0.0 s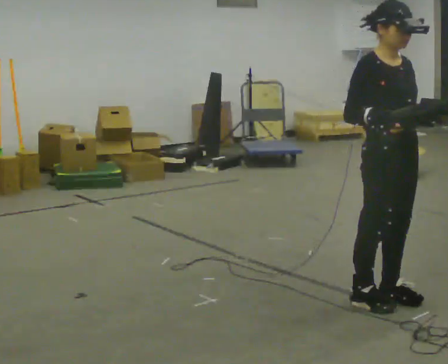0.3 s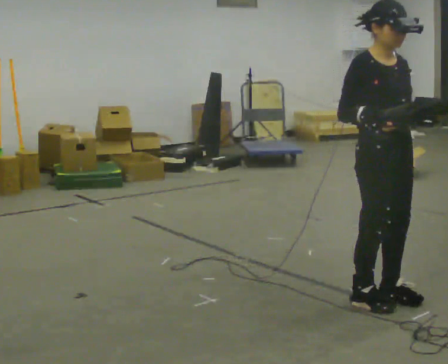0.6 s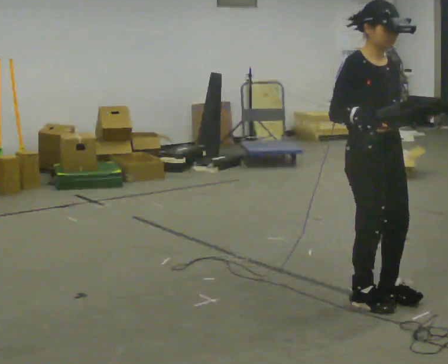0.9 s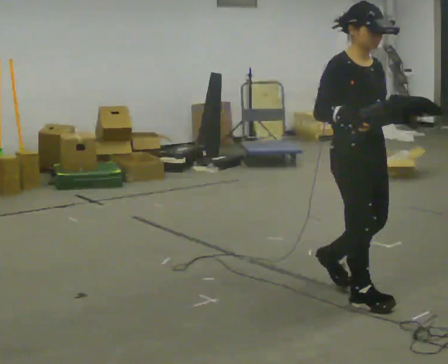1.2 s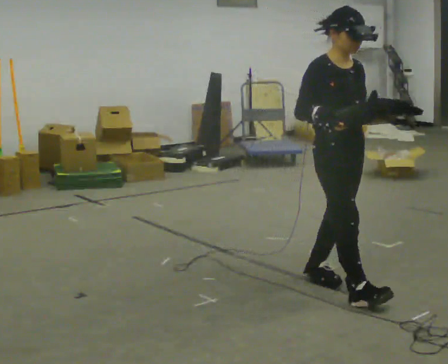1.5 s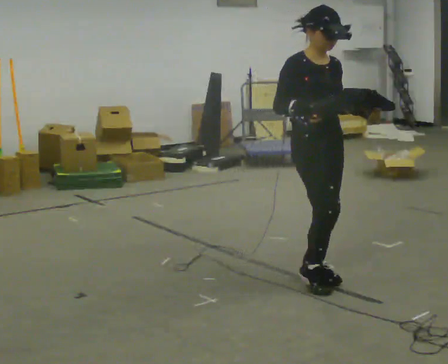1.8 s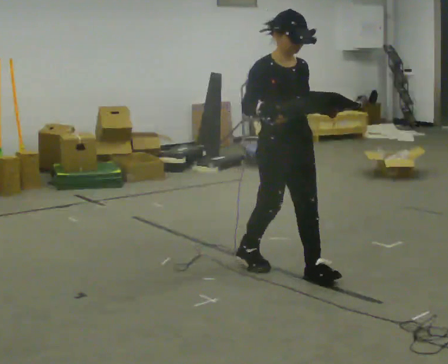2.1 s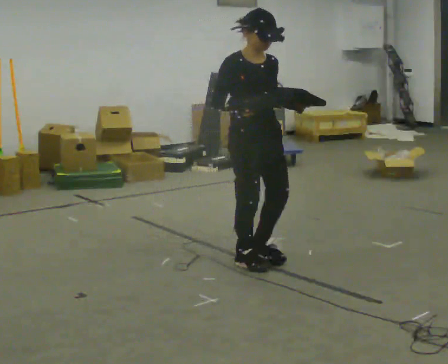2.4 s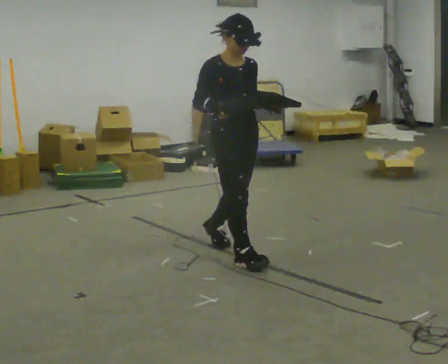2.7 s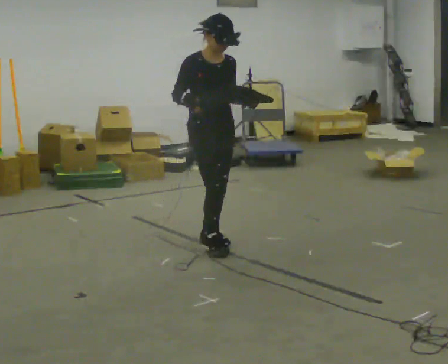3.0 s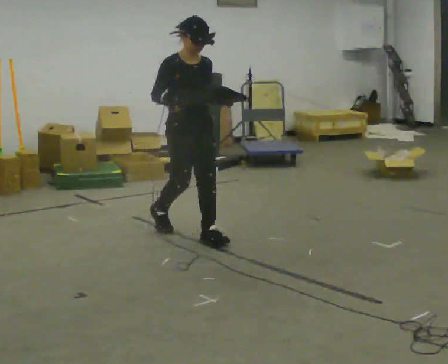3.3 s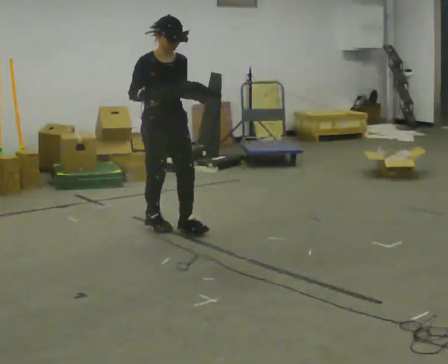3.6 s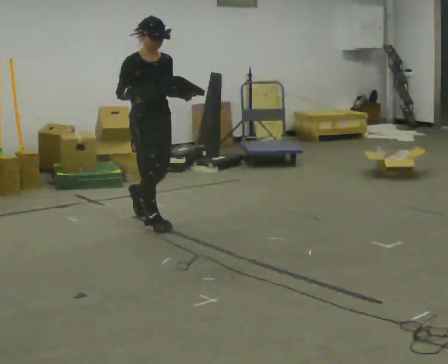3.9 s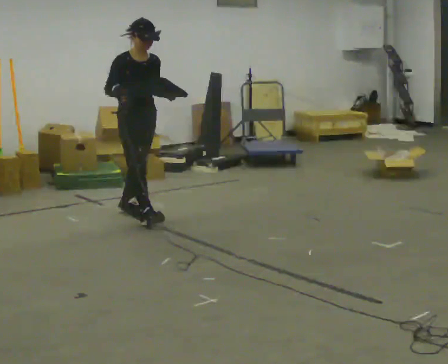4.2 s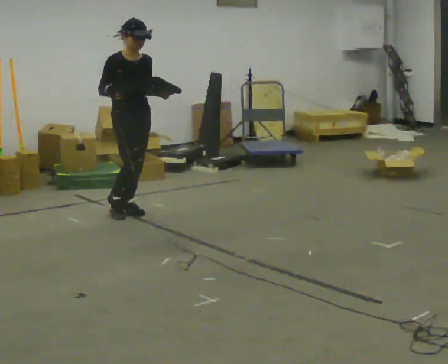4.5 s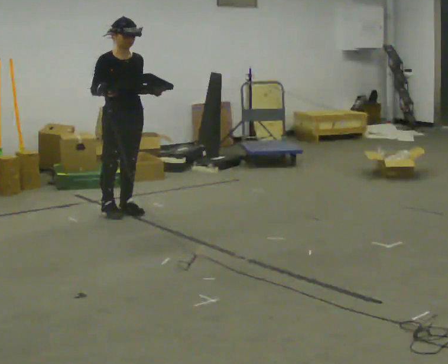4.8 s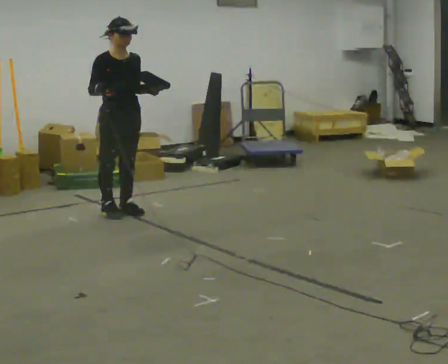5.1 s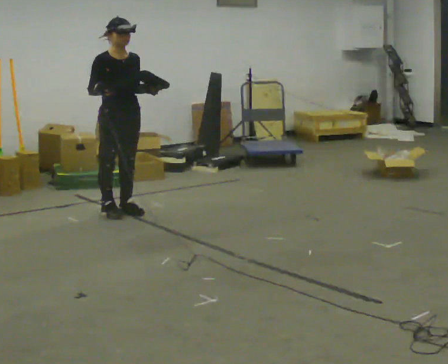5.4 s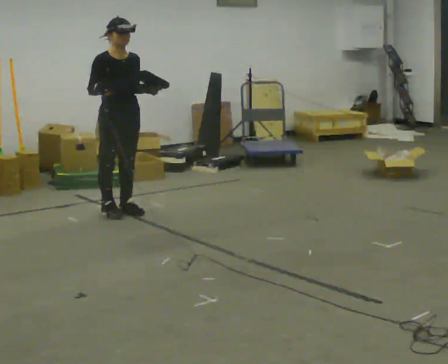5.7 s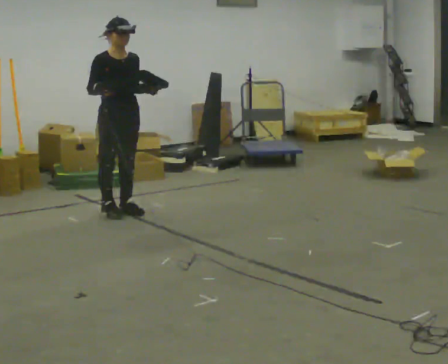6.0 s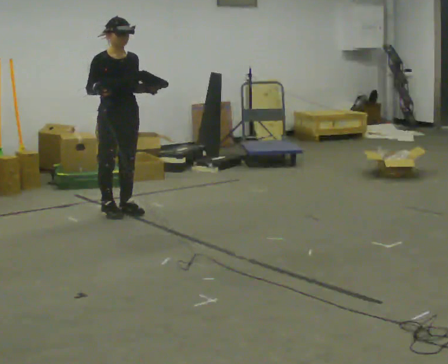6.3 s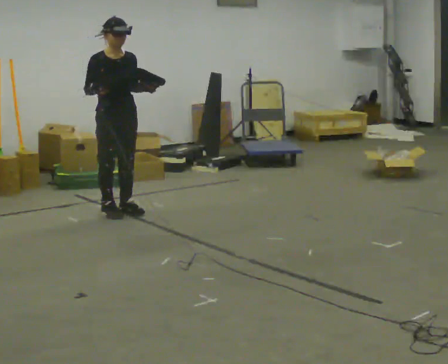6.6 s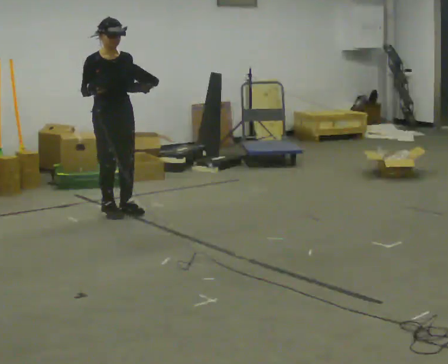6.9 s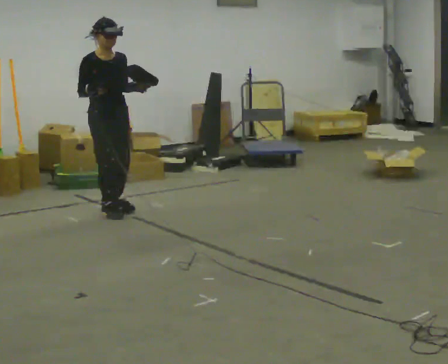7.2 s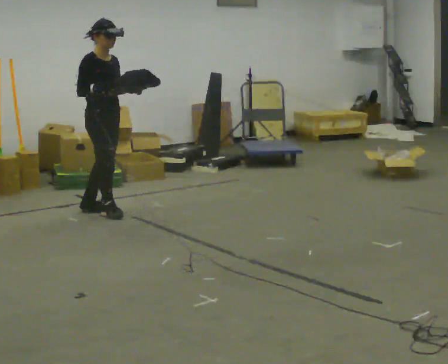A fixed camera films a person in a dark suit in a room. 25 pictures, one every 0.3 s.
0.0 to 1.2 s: In the picture they go away from the camera and to the left, about 0.25 m in 1 step, which for them is backward.
1.2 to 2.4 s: In the picture they go away from the camera and to the left, about 1 m in 2 steps, which for them is backward.
2.4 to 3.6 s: In the picture they go away from the camera and to the left, about 1 m in 2 steps, which for them is backward.
3.6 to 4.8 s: In the picture they go away from the camera and to the left, about 0.5 m in 1 step, which for them is backward.
4.8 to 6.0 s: The person keeps their place and pose.
6.0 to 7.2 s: The person moves a little, or ends about where they began.
The film runs backward here.
